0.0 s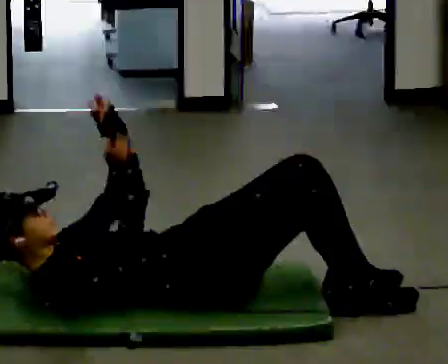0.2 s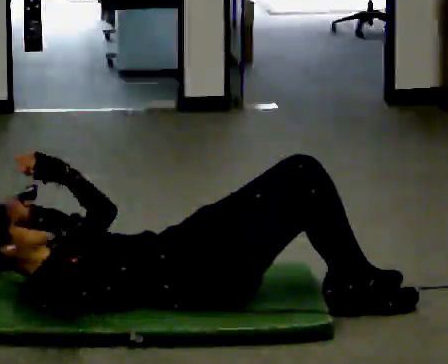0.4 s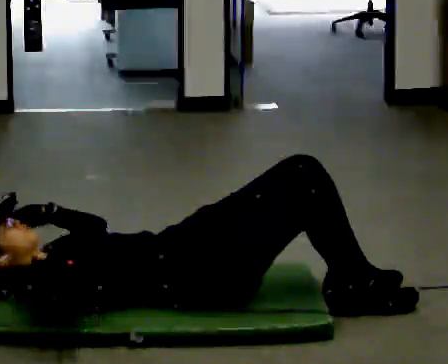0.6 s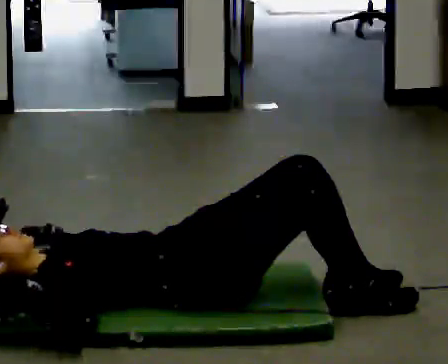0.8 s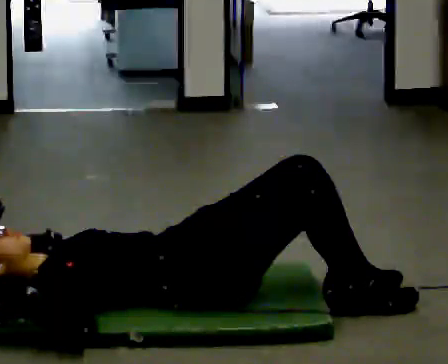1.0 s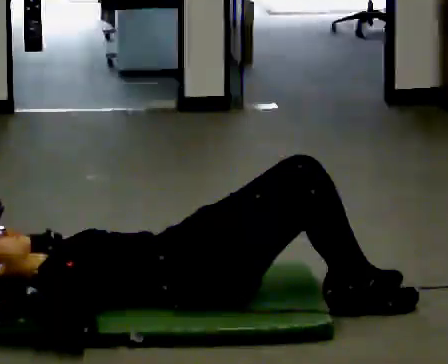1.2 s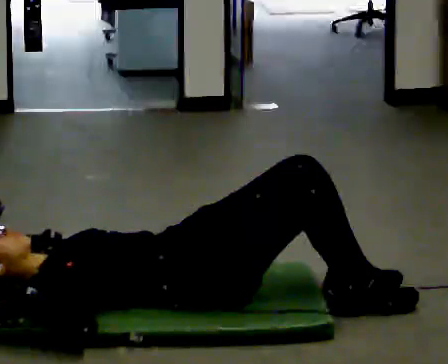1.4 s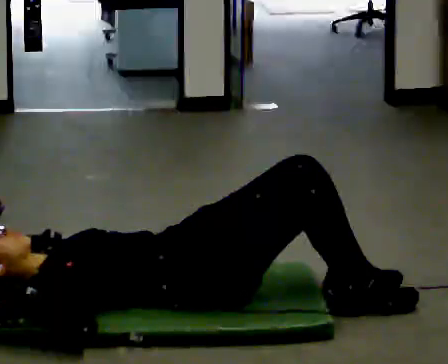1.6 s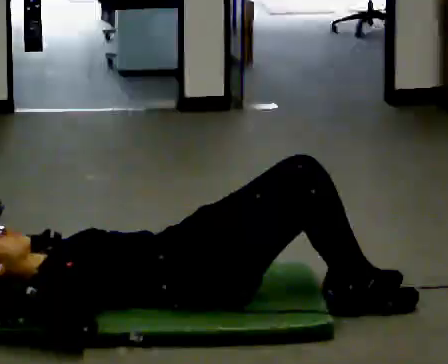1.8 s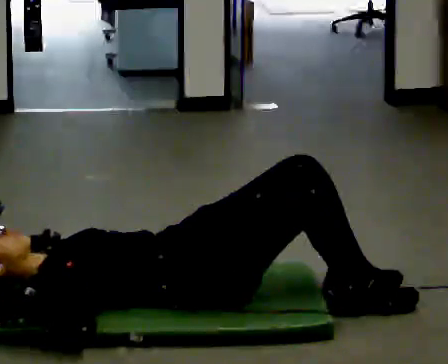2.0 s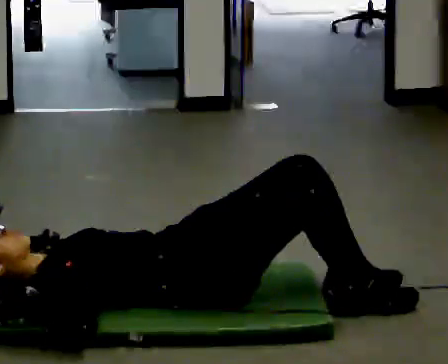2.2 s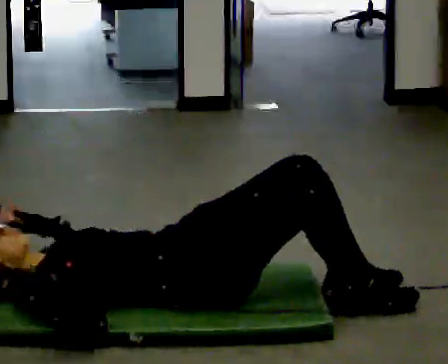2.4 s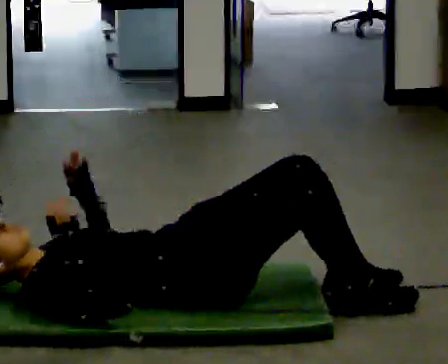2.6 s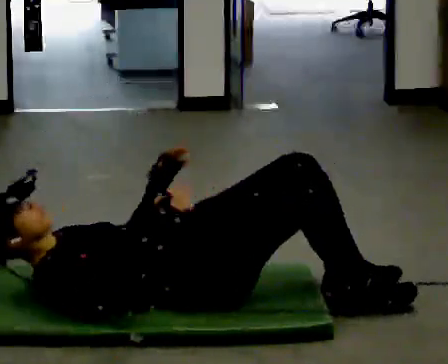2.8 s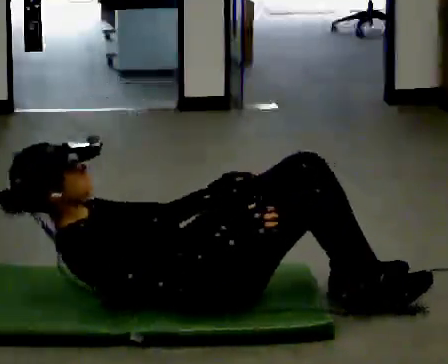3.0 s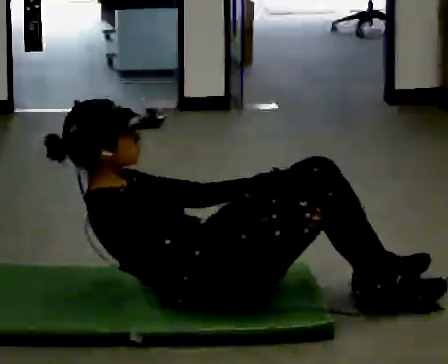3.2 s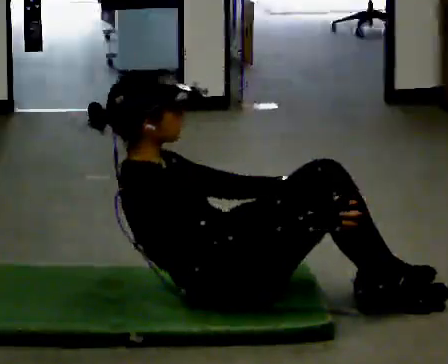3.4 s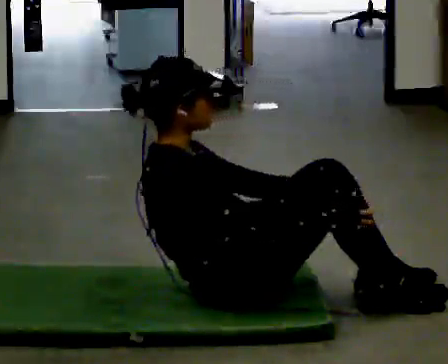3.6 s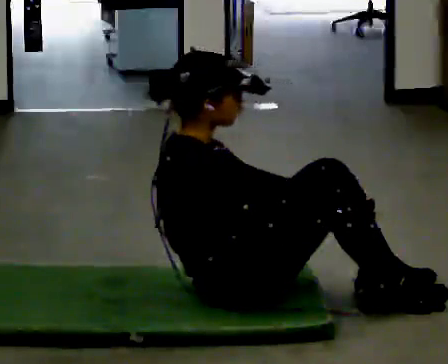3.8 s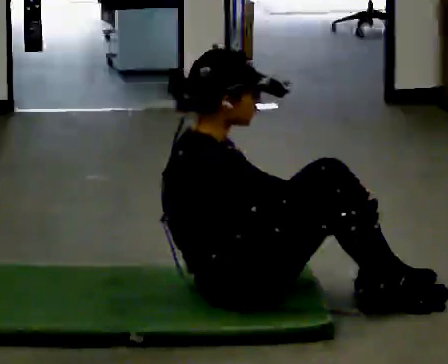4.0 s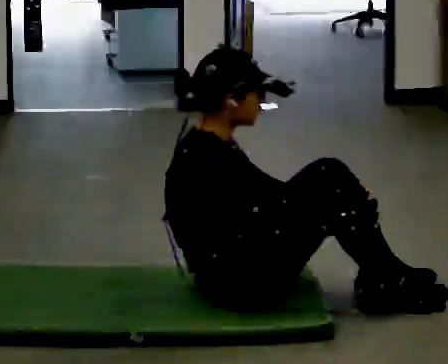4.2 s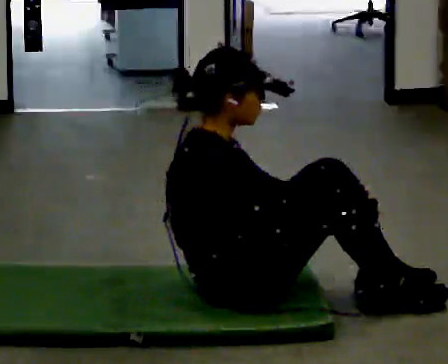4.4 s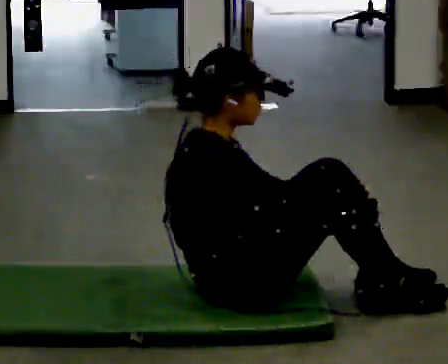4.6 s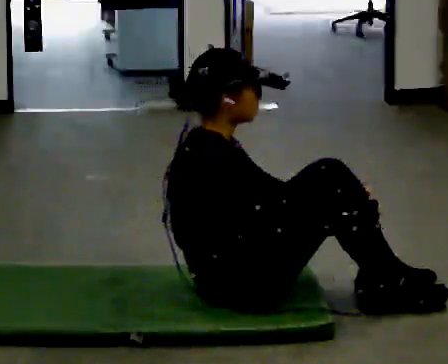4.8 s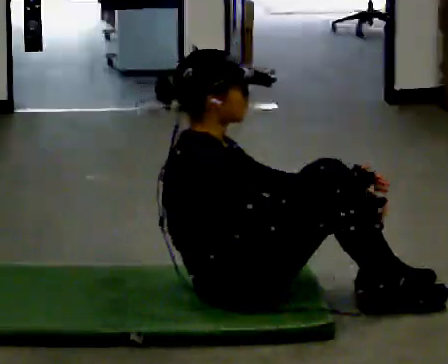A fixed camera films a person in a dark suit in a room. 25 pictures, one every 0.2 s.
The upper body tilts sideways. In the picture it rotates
clockwise.
The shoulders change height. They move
upward.
0.0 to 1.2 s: The upper body tips toward the camera, its near side rolling downward. In the picture their left hand goes downward.
1.2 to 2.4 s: The upper body tips away from the camera, its near side rolling upward.
2.4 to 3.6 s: The upper body goes upward. In the picture the upper body tilts clockwise, shoulders to the right, as they bend forward. In the picture their left hand goes to the right.
3.6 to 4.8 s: The person moves a little, or ends about where they began.
The film runs backward here.
